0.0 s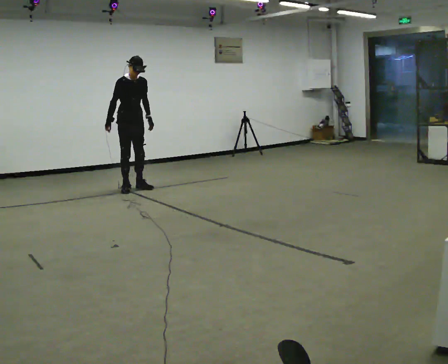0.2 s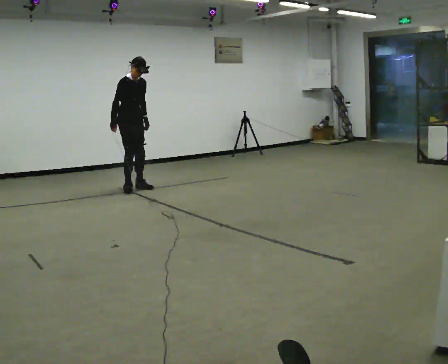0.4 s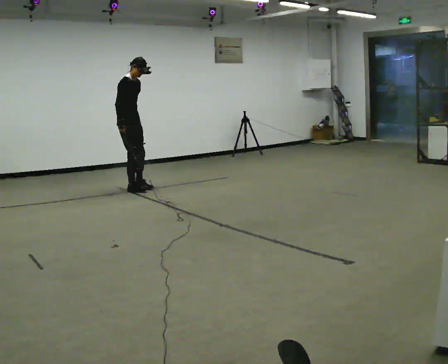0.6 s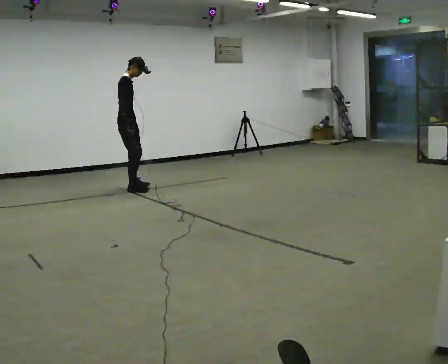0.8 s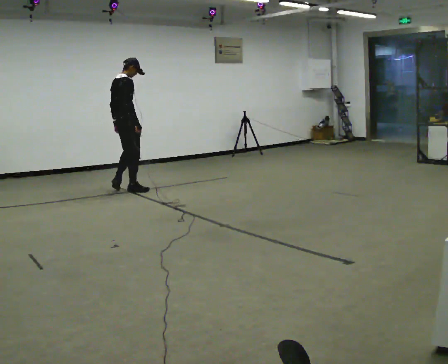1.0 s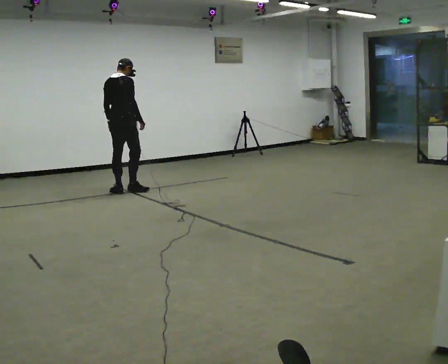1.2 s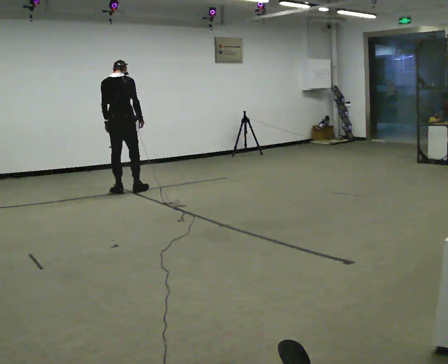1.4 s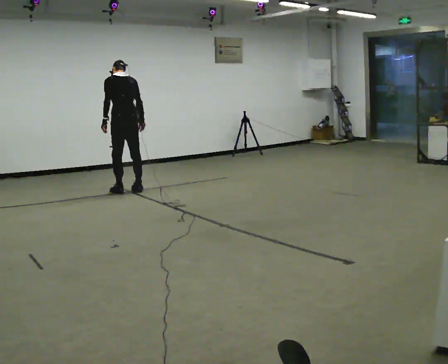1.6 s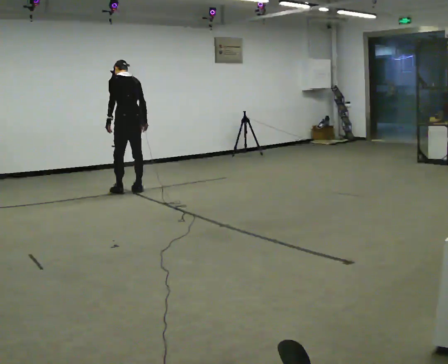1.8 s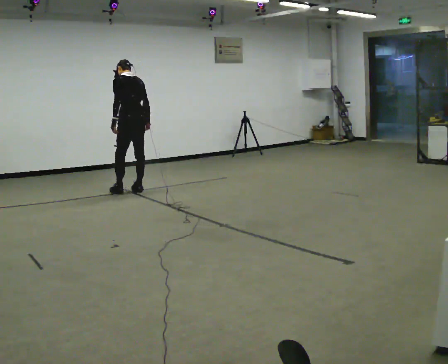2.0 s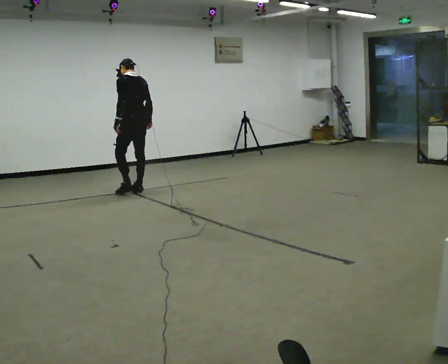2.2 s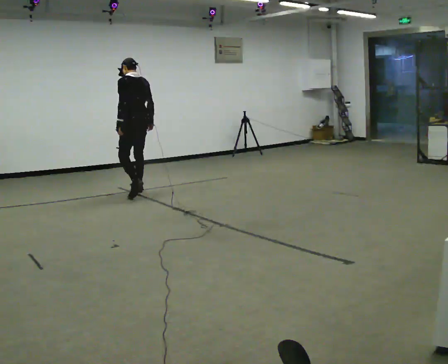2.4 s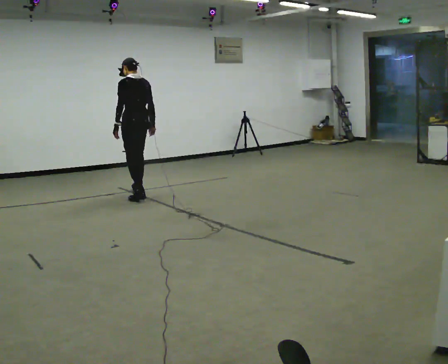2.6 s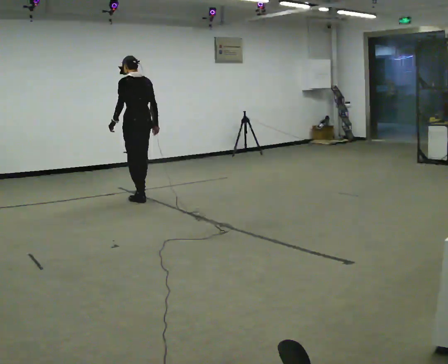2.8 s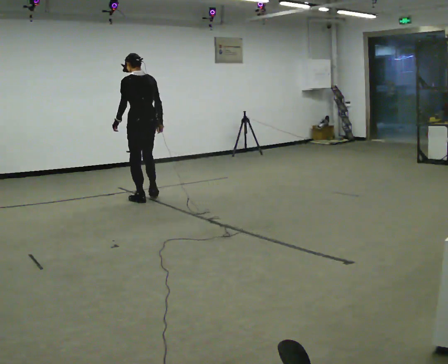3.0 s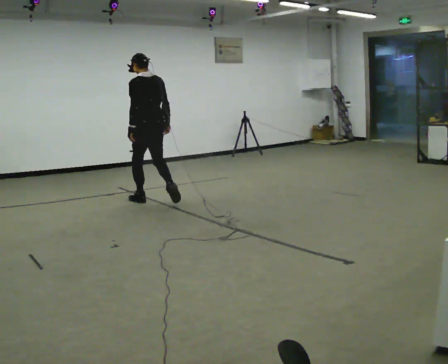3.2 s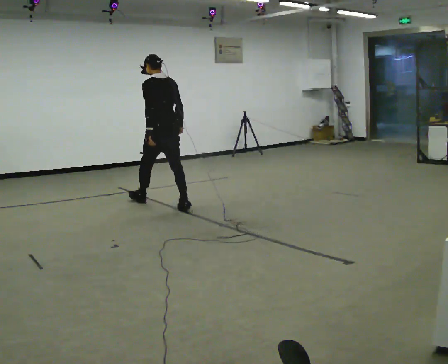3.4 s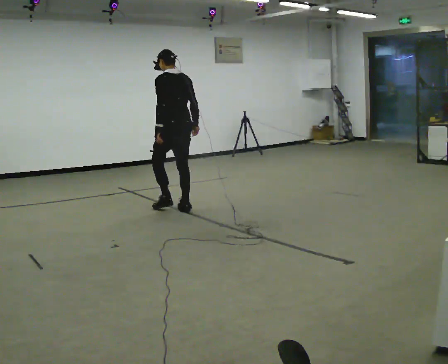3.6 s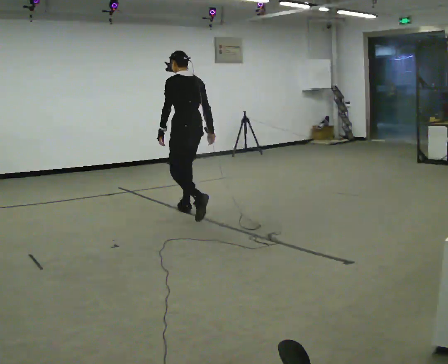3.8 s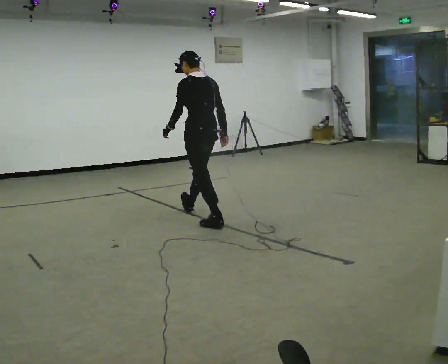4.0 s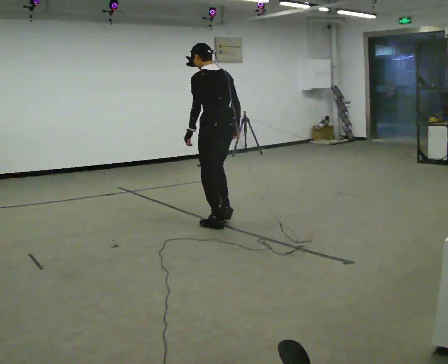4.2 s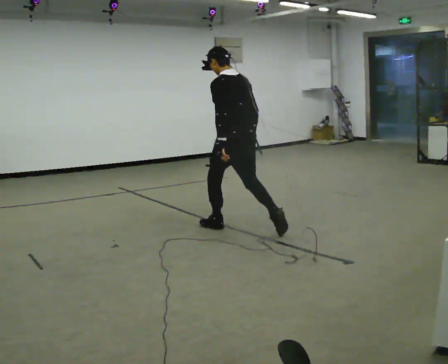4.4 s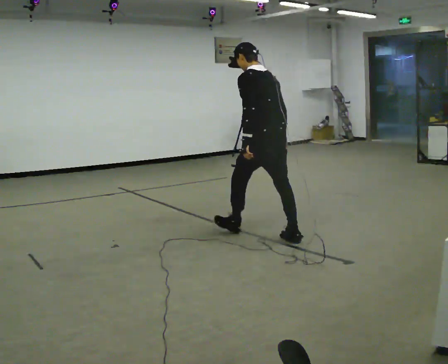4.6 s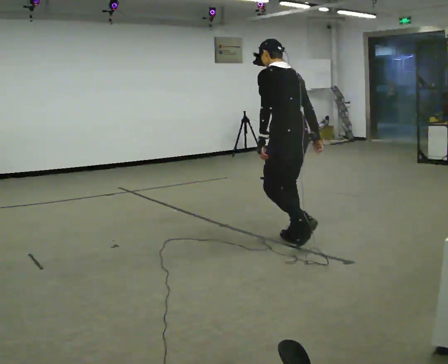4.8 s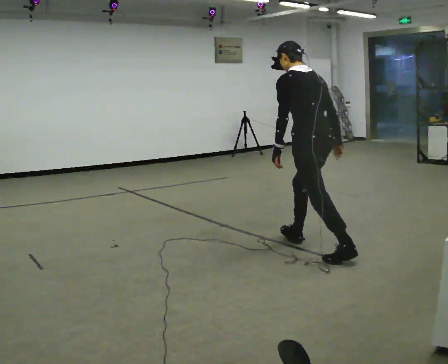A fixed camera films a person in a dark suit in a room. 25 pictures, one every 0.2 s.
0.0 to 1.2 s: The person turns about 135 degrees to their left, counterclockwise seen from above, so the part of the body nearest the lens slides to the right. In the picture they go toward the camera, about 0.25 m in 2 steps. The upper body tips away from the camera, its near side rolling upward. In the picture their right hand goes to the right, the arm swinging counterclockwise.
1.2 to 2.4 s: The person turns about 45 degrees to their left, counterclockwise seen from above, so the part of the body nearest the lens slides to the right. In the picture they go to the right and toward the camera, about 0.25 m in 1 step, which for them is backward.
2.4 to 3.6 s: In the picture they go toward the camera and to the right, about 1 m in 2 steps, which for them is backward.
3.6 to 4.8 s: In the picture they go toward the camera and to the right, about 1.5 m in 2 steps, which for them is backward.
The film runs backward here.
